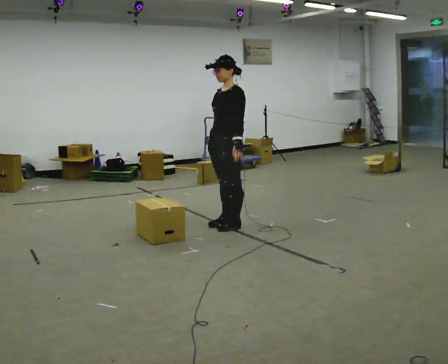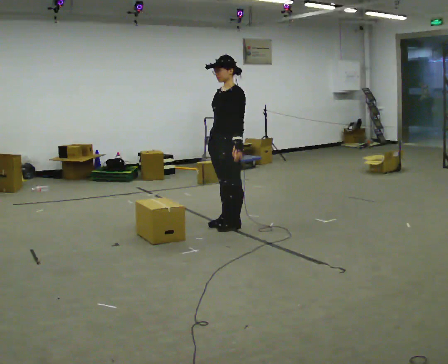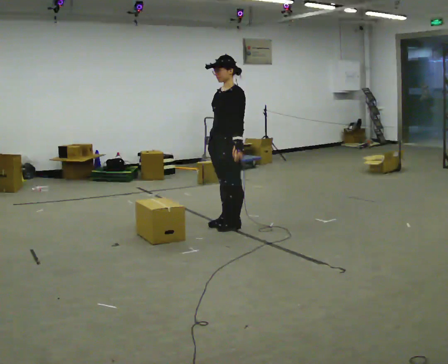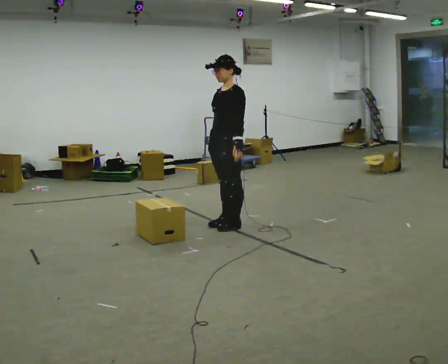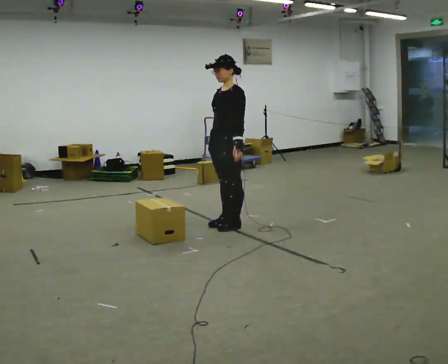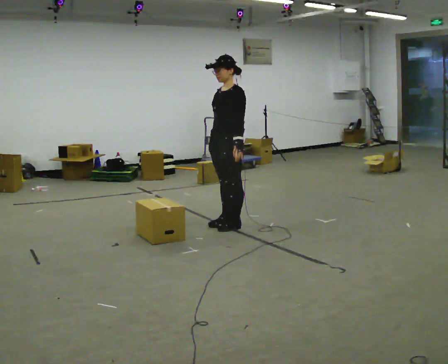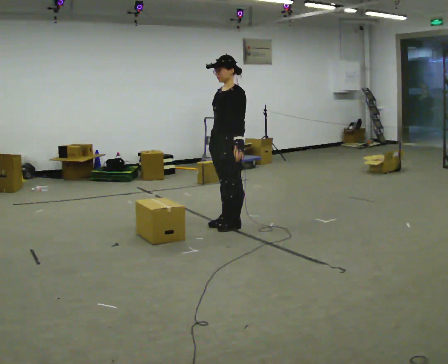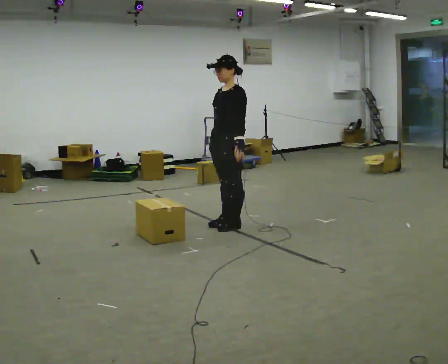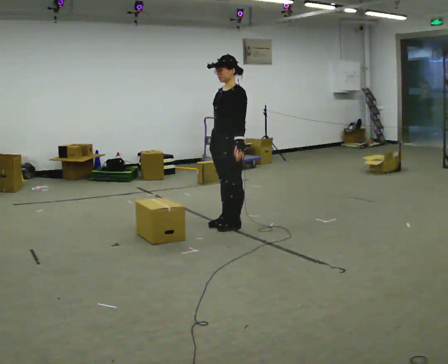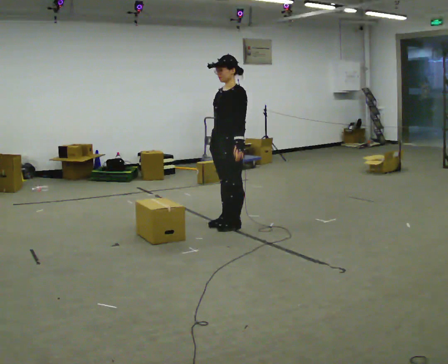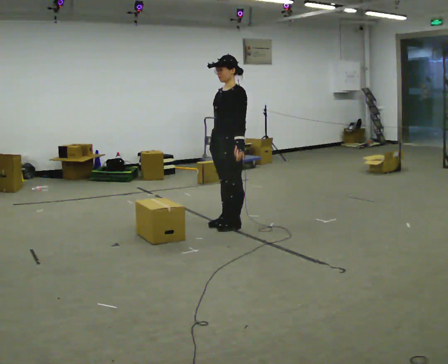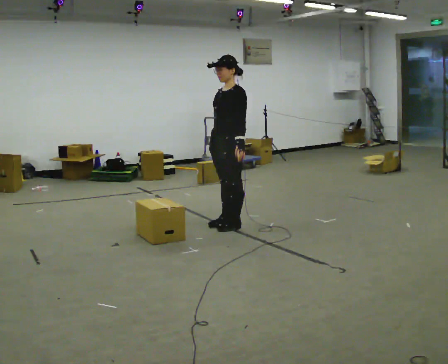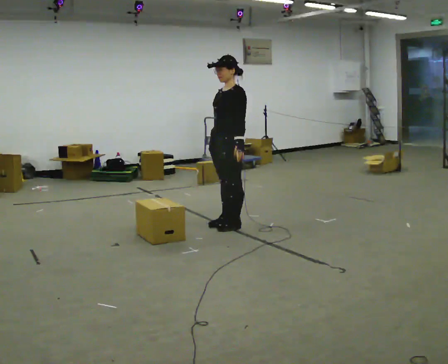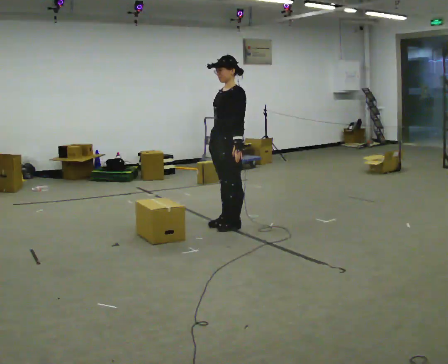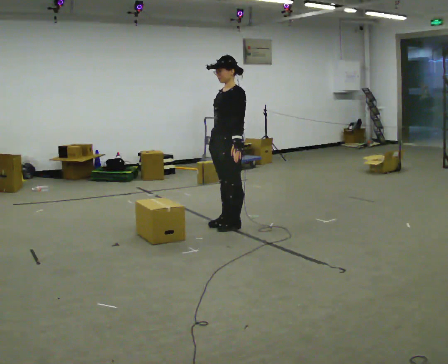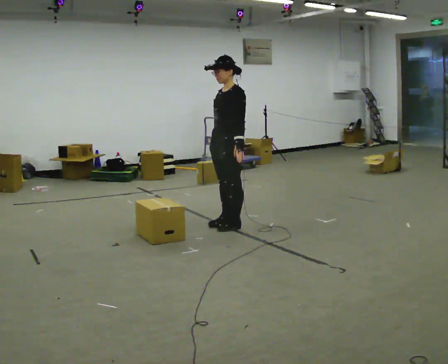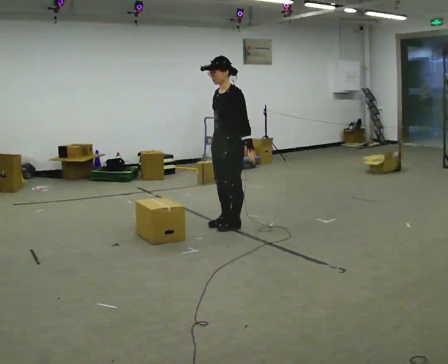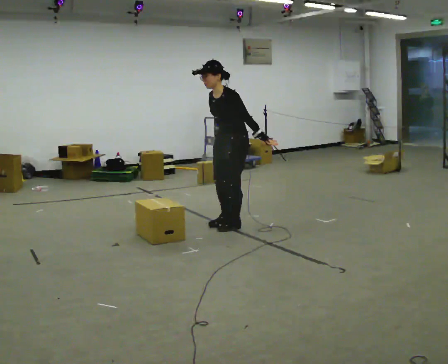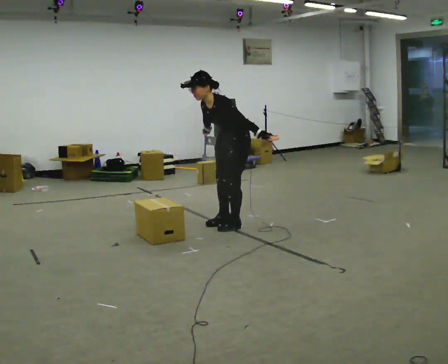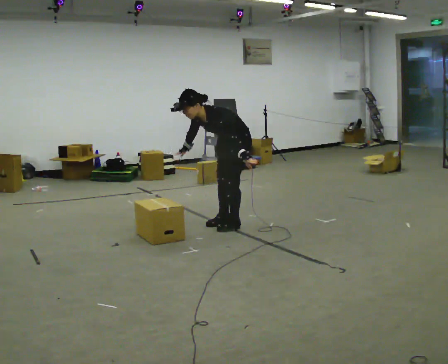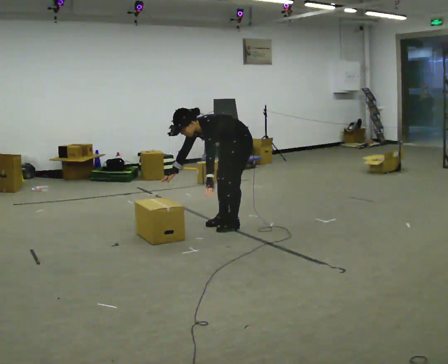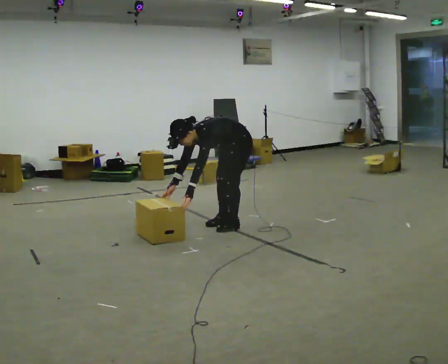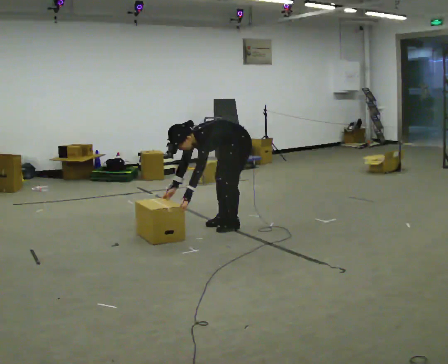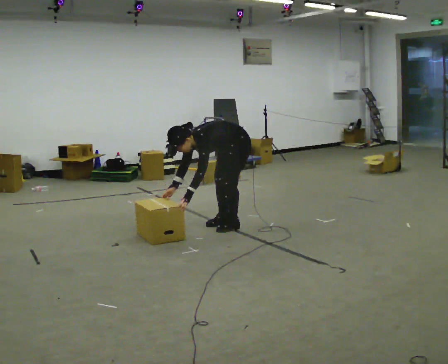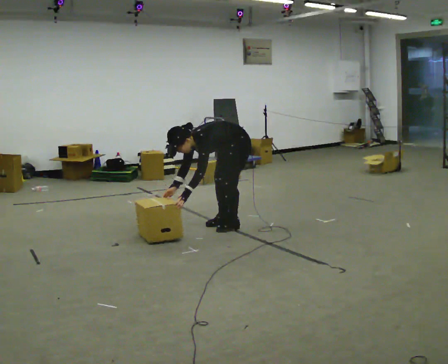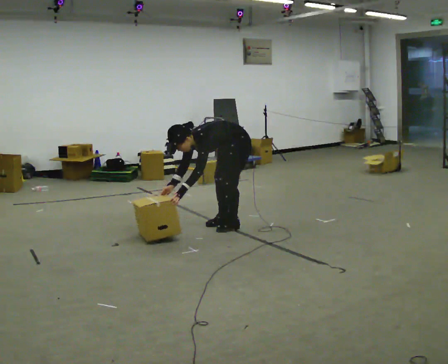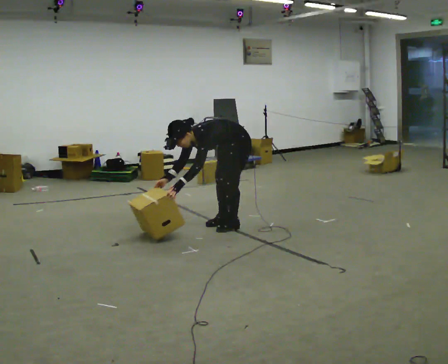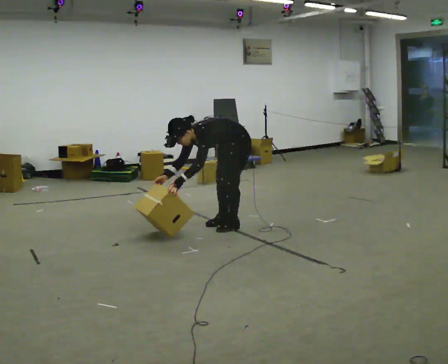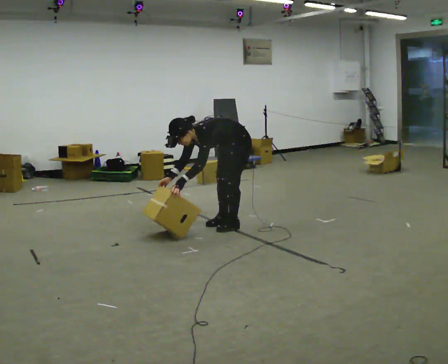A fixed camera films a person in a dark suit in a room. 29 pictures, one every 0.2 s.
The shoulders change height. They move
downward.
The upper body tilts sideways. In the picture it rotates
counterclockwise.
0.0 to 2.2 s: The person keeps their place and pose.
2.2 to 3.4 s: In the picture the upper body tilts counterclockwise, shoulders to the left, as they bend forward.
3.4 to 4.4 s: The shoulders move downward. In the picture the upper body tilts counterclockwise, shoulders to the left, as they bend forward. In the picture their right hand goes downward and to the left.
4.4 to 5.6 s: The person moves a little, or ends about where they began.
The film runs backward here.
